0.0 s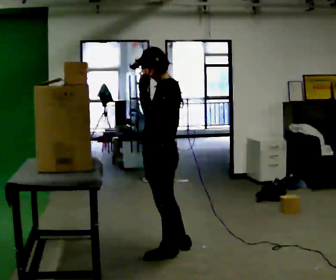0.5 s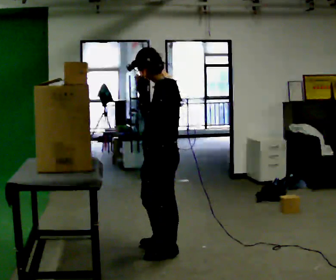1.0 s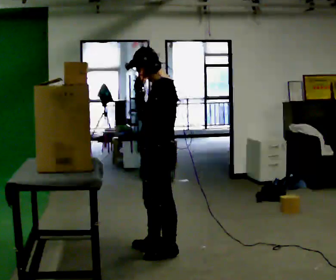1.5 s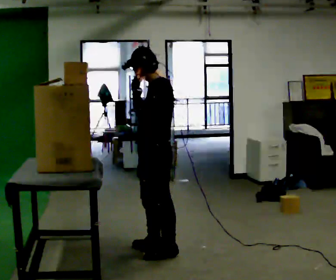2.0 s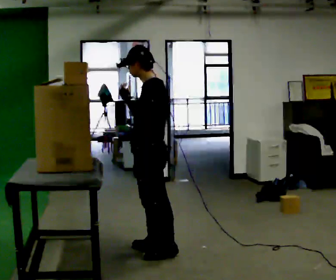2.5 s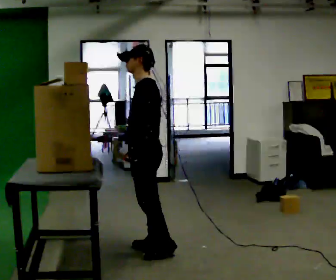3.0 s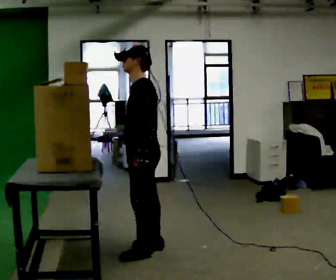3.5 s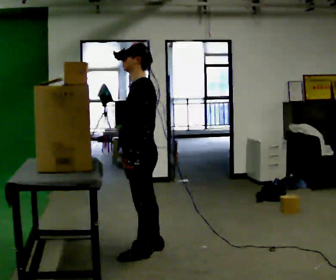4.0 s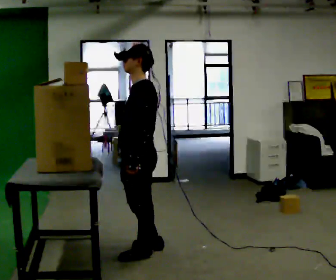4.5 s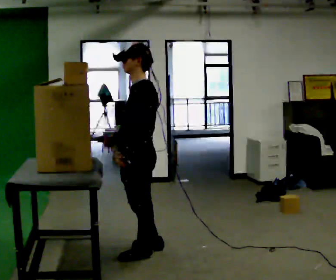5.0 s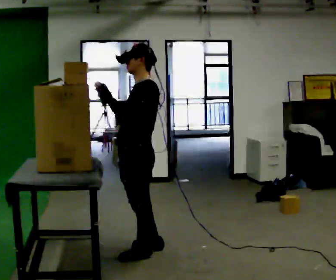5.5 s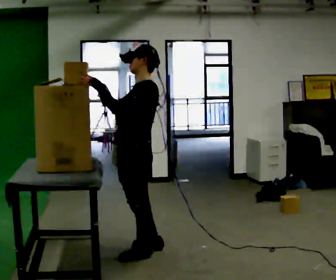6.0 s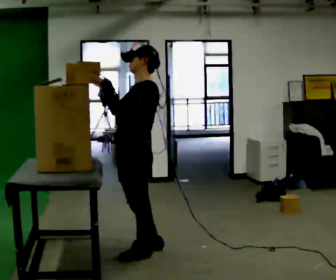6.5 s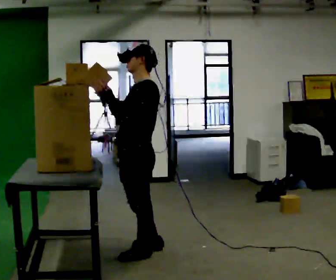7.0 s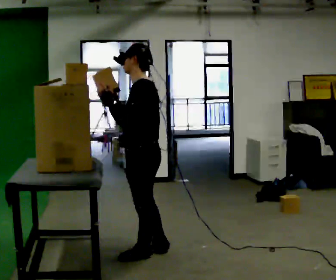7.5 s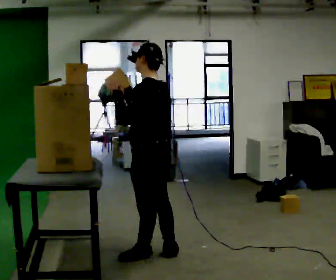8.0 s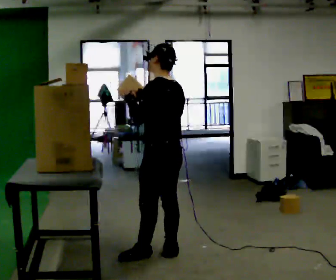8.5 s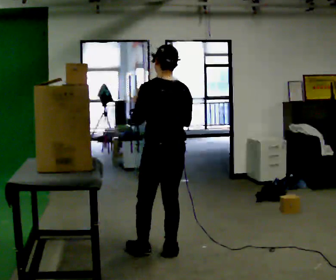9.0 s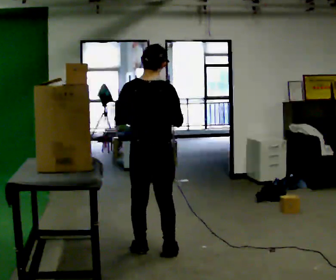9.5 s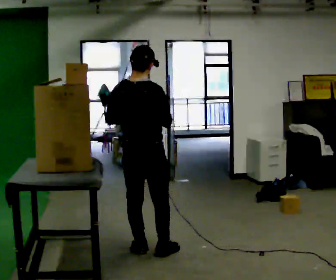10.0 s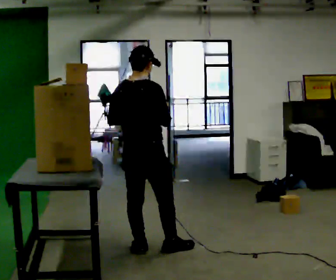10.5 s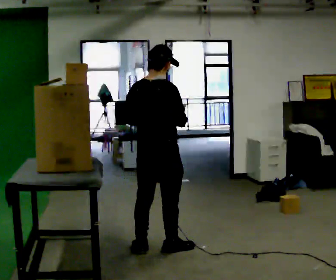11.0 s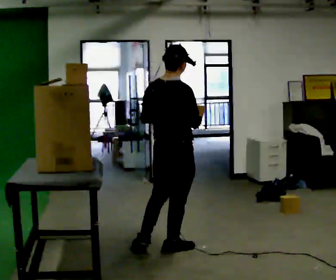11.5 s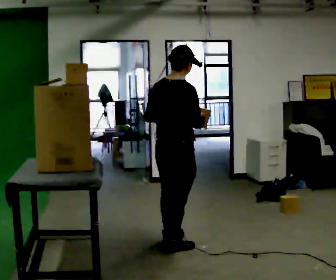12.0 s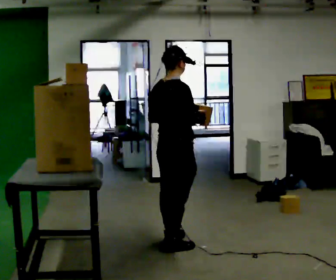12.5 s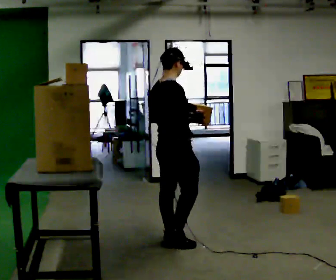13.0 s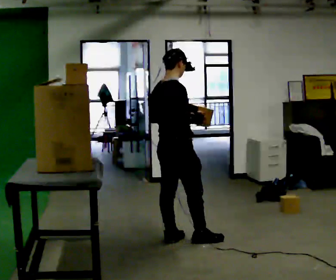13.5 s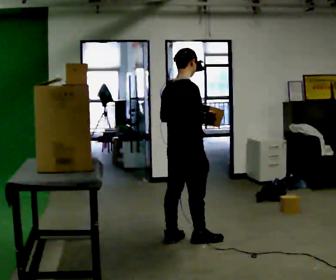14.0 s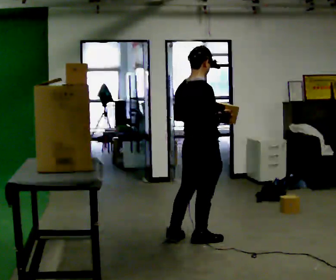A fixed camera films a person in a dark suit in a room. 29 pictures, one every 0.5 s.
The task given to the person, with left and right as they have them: Pick an object up off the floor, carry it across the room, and place it on the highest shelf you can comfortably reach. Keep going until the operator says stop; one object at a time, and do not rush between trips.
0.0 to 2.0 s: The person moves a little, or ends about where they began.
2.0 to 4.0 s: In the picture their left hand goes downward.
4.0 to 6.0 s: In the picture their right hand goes upward.
6.0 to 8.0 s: The part of the body nearest the lens slides to the left as the person turns to their right by about 45 degrees. In the picture they go to the right, about 0.25 m in 1 step, which for them is backward. In the picture their right hand goes to the right.
8.0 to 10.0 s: Seen from above the body turns clockwise, about 75 degrees: to their right, with its near side sliding to the left. In the picture they go to the left, about 0.25 m.
10.0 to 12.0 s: In the picture they go to the right and away from the camera, about 0.25 m in 1 step, which for them is forward.
12.0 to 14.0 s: In the picture they go to the right, about 0.25 m in 1 step, which for them is forward.
The film runs forward here.
